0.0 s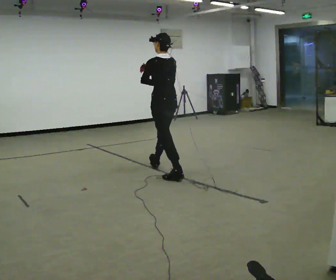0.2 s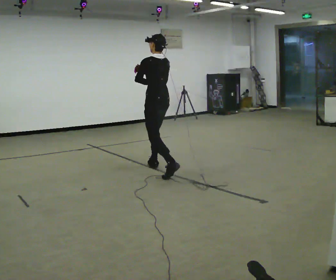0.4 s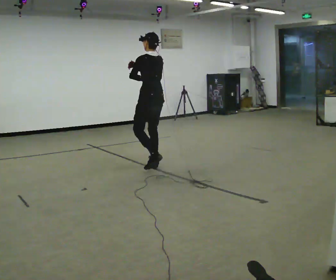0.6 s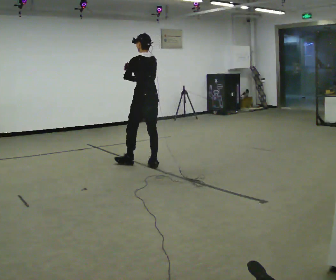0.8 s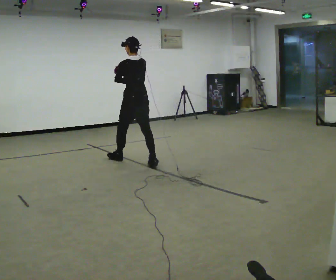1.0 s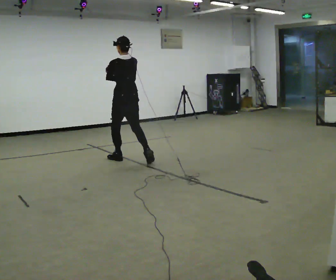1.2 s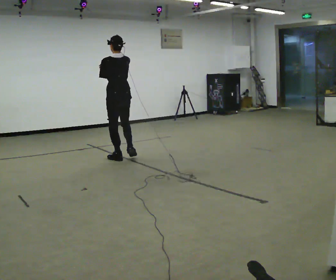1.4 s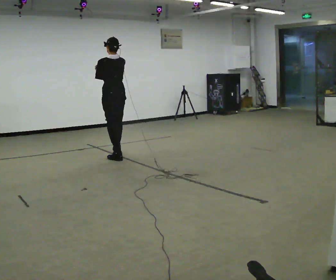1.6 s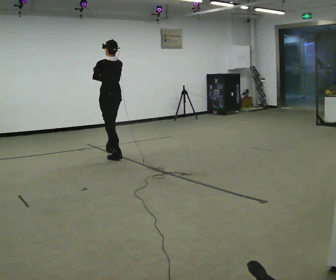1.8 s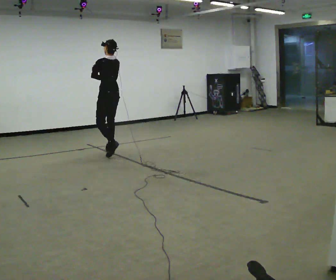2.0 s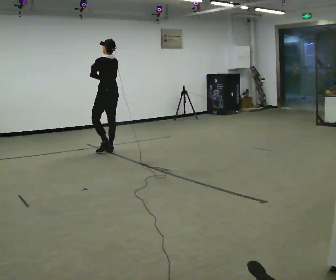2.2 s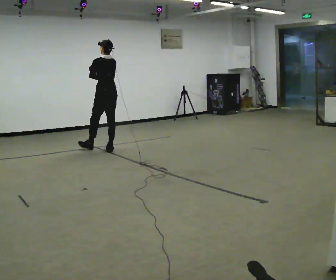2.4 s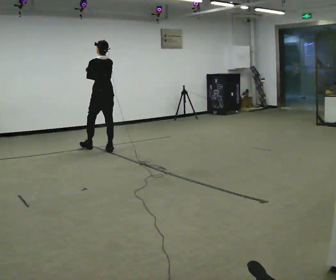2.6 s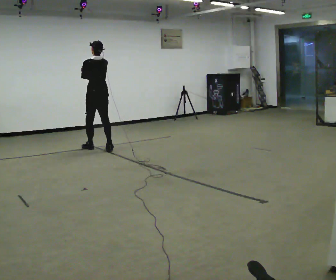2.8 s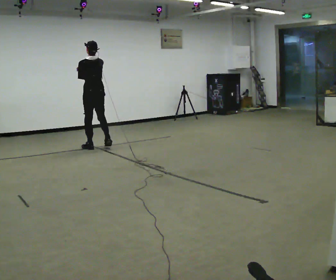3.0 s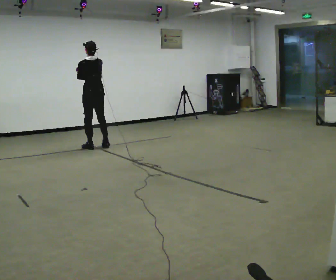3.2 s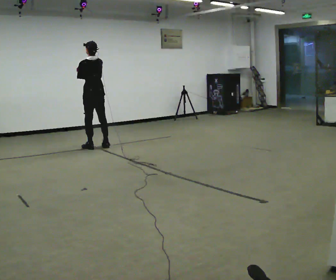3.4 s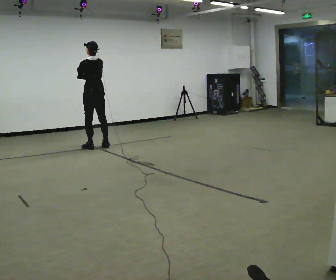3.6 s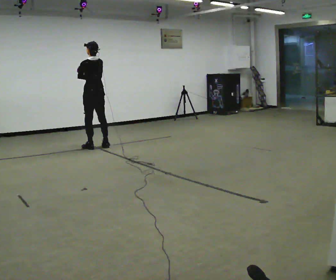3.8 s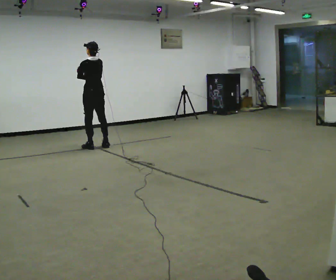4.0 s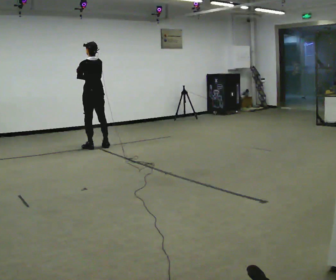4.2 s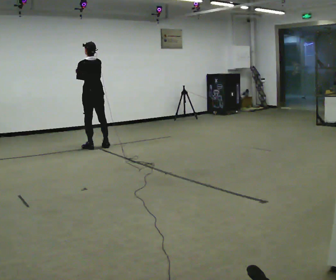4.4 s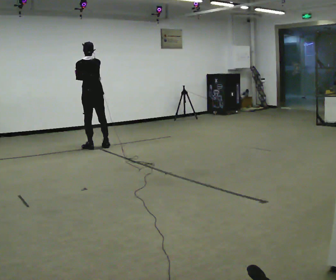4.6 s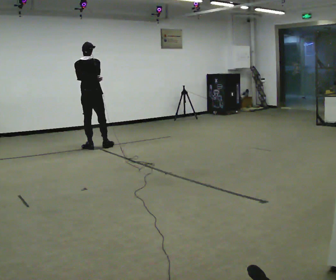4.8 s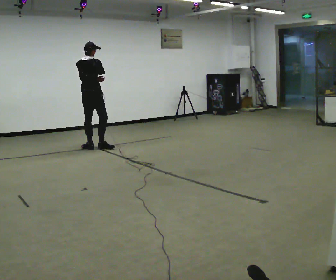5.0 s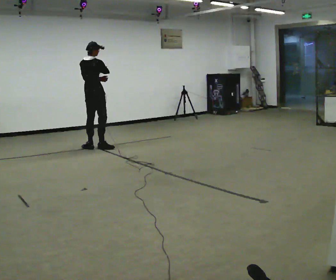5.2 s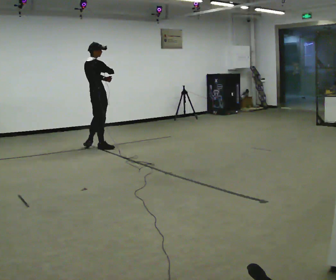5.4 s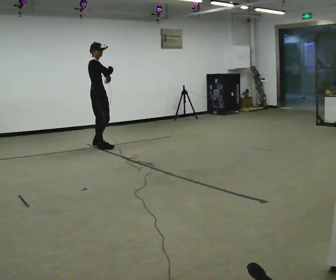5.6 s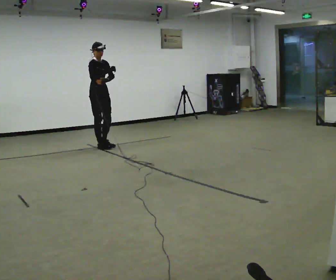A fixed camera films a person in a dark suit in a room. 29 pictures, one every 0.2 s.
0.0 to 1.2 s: In the picture they go away from the camera and to the left, about 1 m in 2 steps, which for them is forward.
1.2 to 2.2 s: In the picture they go away from the camera, about 0.75 m in 1 step, which for them is forward and to their right.
2.2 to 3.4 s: In the picture they go away from the camera and to the left, about 0.25 m in 2 steps, which for them is forward.
3.4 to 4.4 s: The person moves a little, or ends about where they began.
4.4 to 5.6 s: The person turns about 150 degrees to their right, clockwise seen from above, so the part of the body nearest the lens slides to the left. In the picture their right hand goes to the right.
The film runs forward here.
